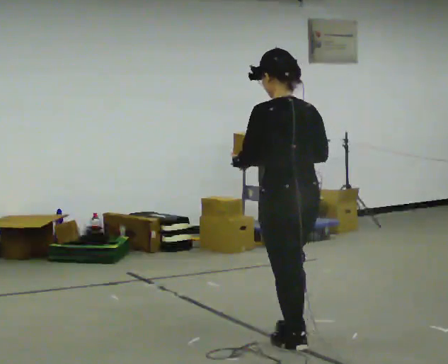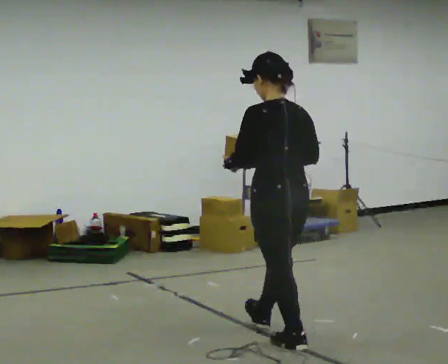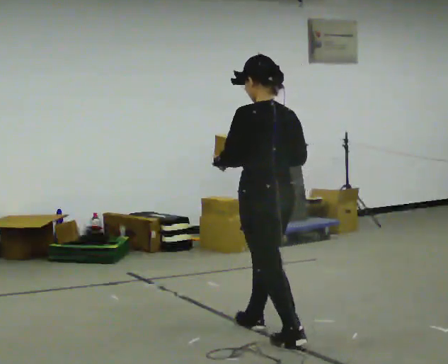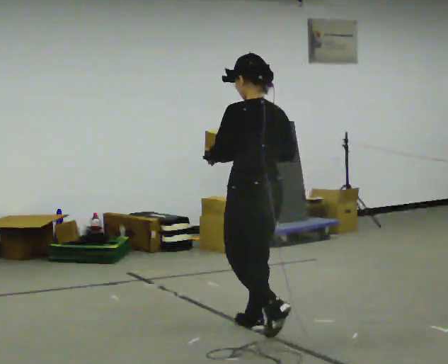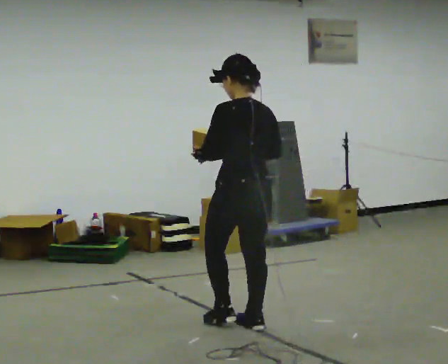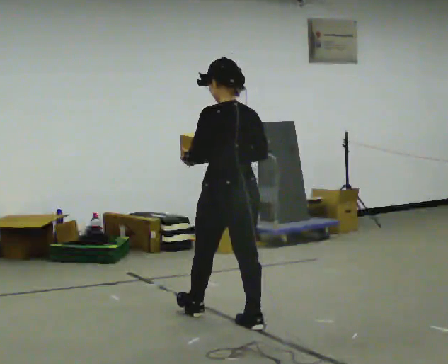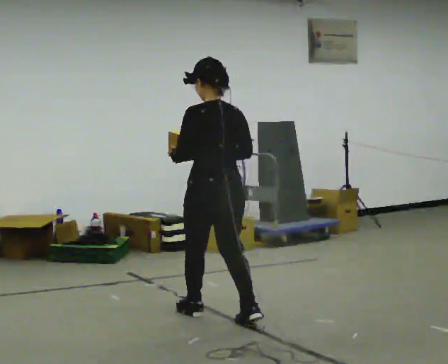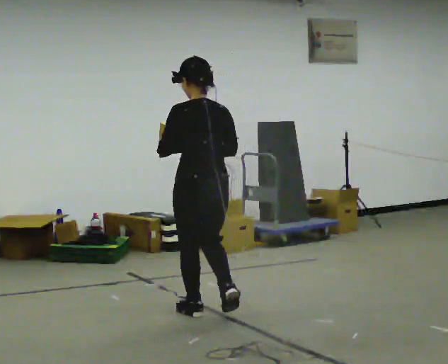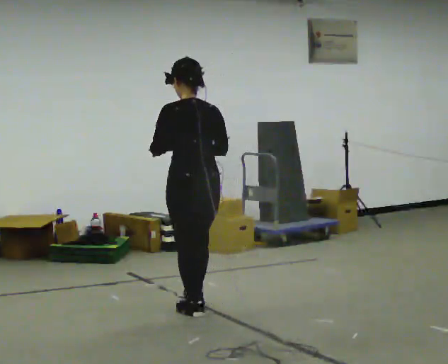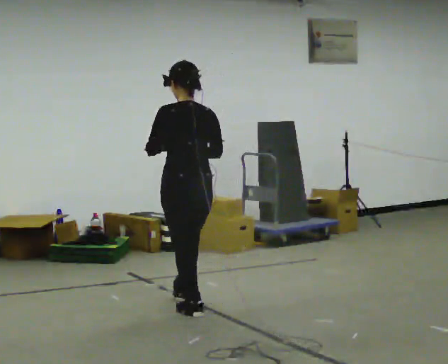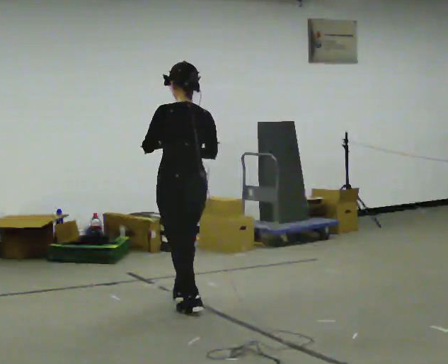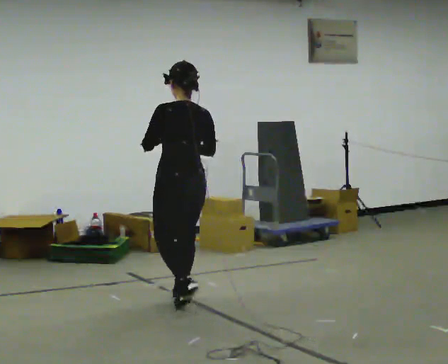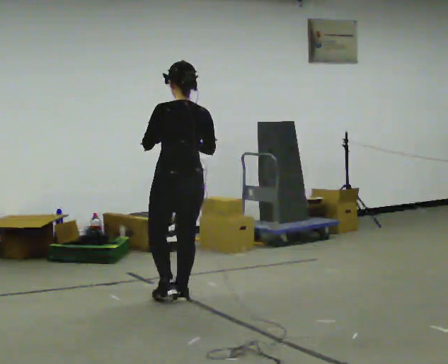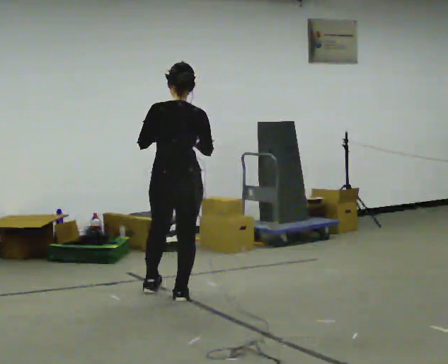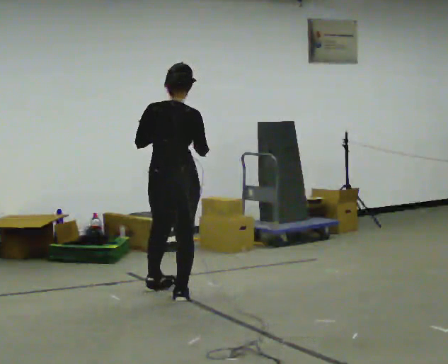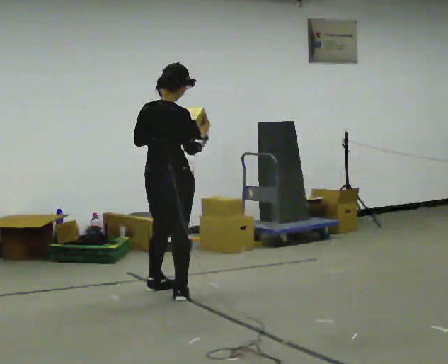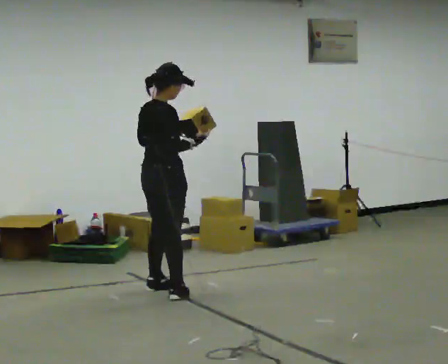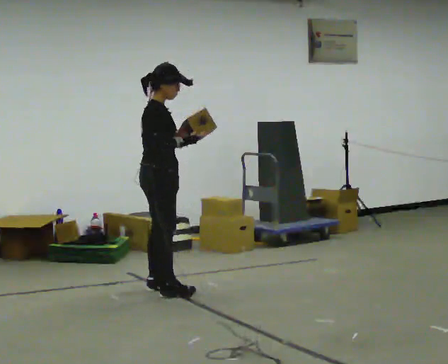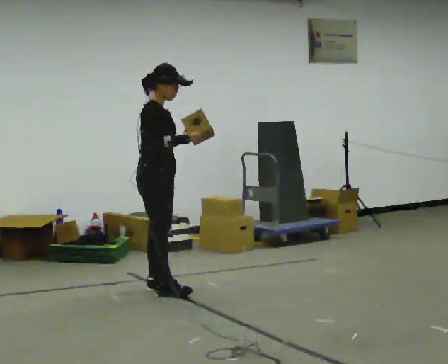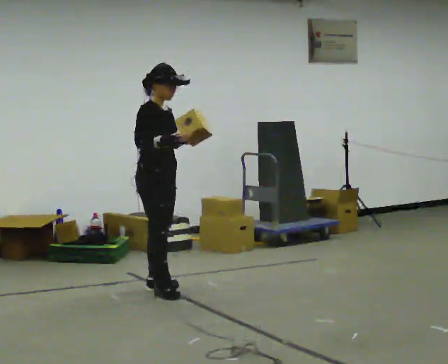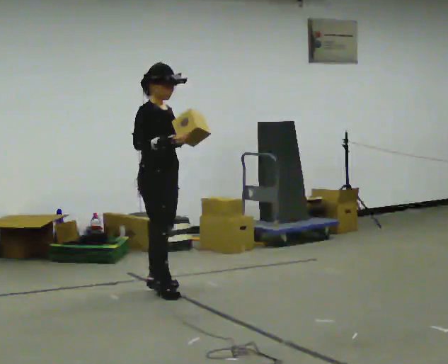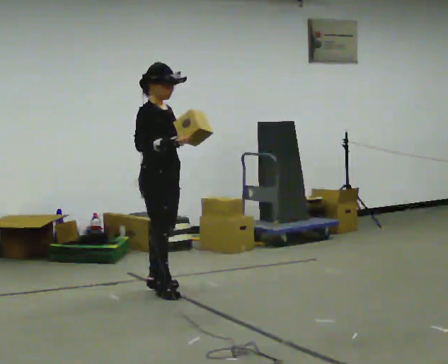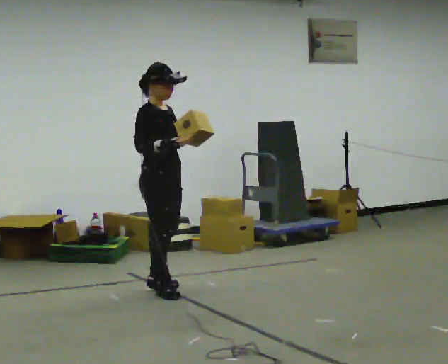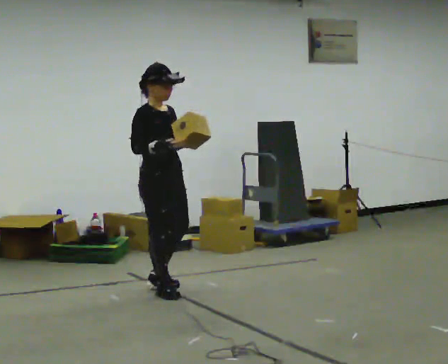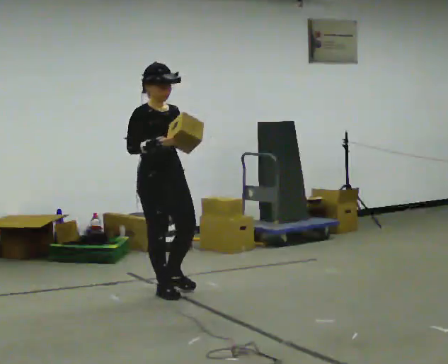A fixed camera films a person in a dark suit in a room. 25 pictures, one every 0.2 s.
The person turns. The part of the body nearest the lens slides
to the left.
The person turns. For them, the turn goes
to their right.
0.0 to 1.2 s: In the picture they go away from the camera and to the left, about 0.5 m in 2 steps, which for them is forward.
1.2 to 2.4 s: In the picture they go away from the camera and to the left, about 0.5 m in 1 step, which for them is forward.
2.4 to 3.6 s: Seen from above the body turns clockwise, about 120 degrees: to their right, with its near side sliding to the left. In the picture they go away from the camera and to the left, about 0.5 m in 2 steps.
3.6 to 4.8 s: The person turns about 30 degrees to their right, clockwise seen from above, so the part of the body nearest the lens slides to the left. In the picture they go toward the camera, about 0.25 m, which for them is to their right and forward.
The film runs forward here.
